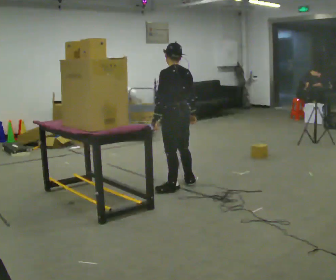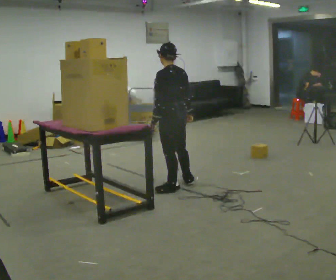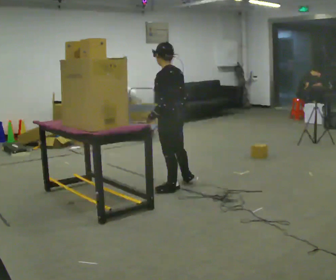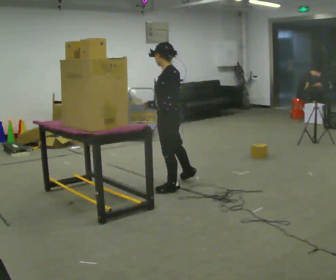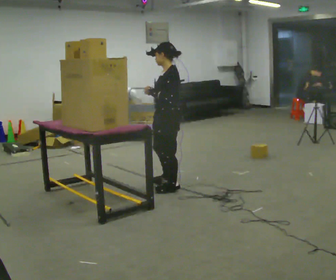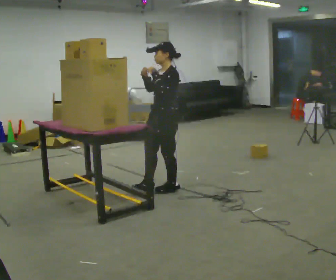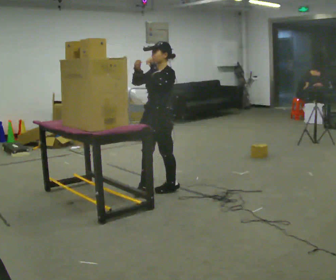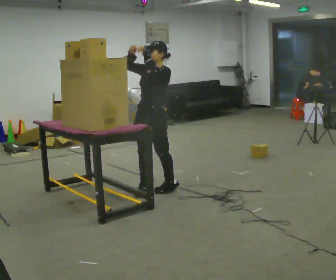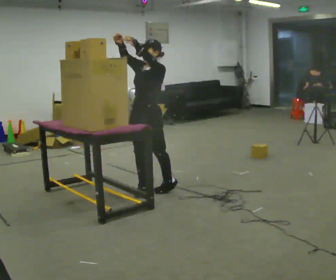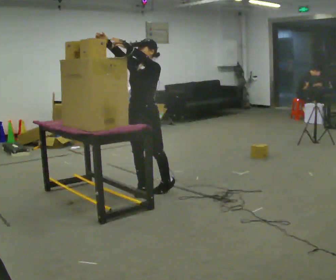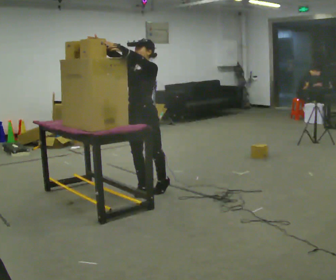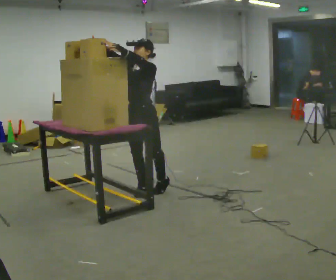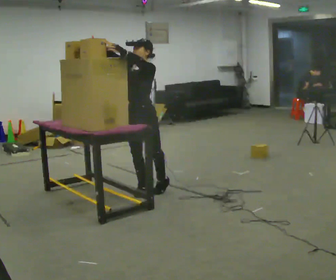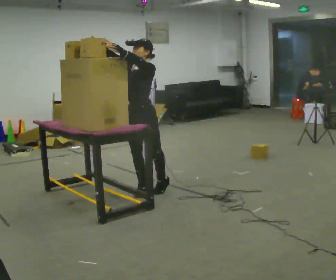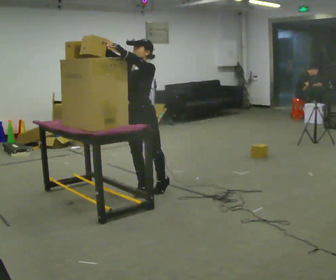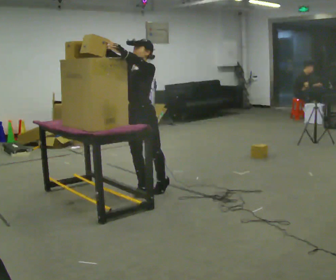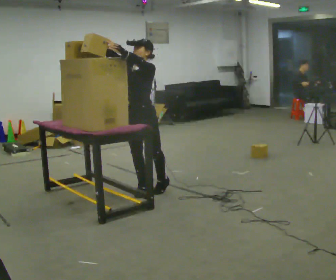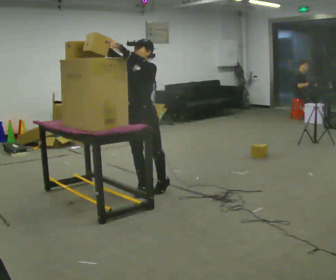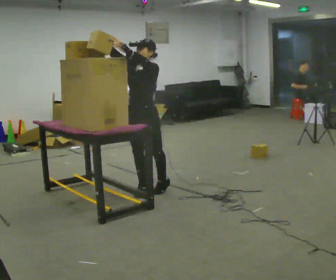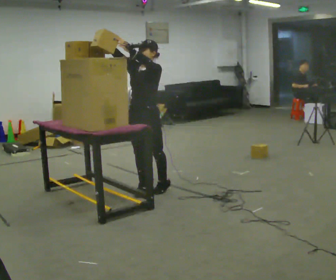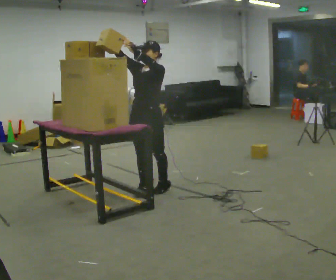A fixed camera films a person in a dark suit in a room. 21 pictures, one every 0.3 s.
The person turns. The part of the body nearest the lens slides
to the right.
The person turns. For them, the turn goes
to their left.
0.0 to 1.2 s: The part of the body nearest the lens slides to the right as the person turns to their left by about 60 degrees. In the picture their right hand goes to the left.
1.2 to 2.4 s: The person turns about 45 degrees to their left, counterclockwise seen from above, so the part of the body nearest the lens slides to the right. In the picture they go to the left, about 0.25 m, which for them is forward. In the picture their right hand goes upward.
2.4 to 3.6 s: The person moves a little, or ends about where they began.
3.6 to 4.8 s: The person keeps their place and pose.
4.8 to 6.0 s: The person moves a little, or ends about where they began.
The film runs backward here.
